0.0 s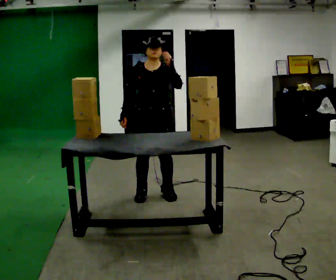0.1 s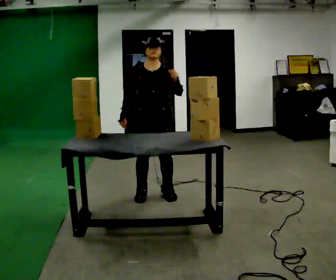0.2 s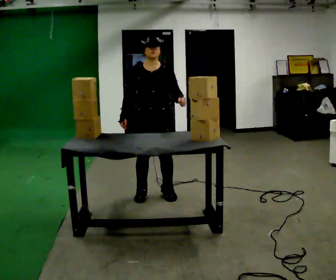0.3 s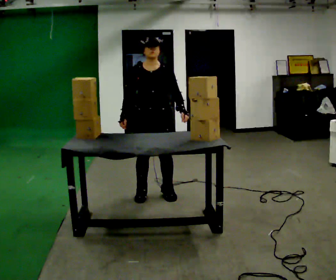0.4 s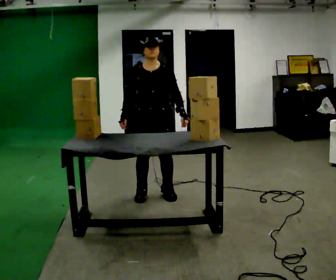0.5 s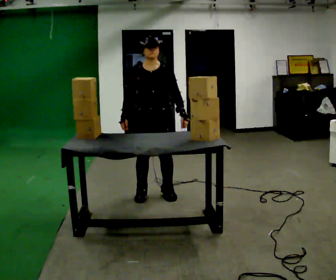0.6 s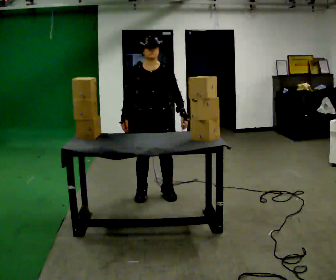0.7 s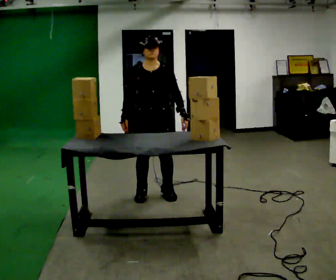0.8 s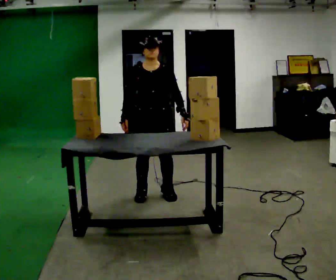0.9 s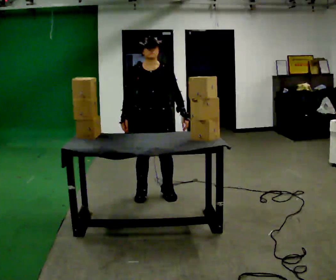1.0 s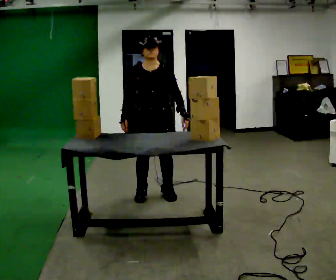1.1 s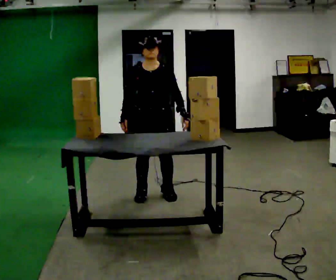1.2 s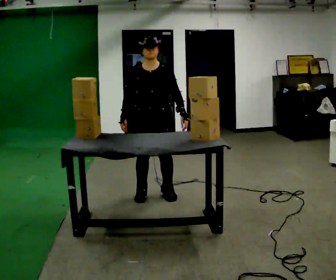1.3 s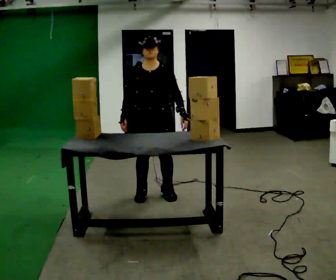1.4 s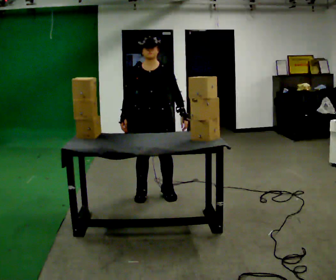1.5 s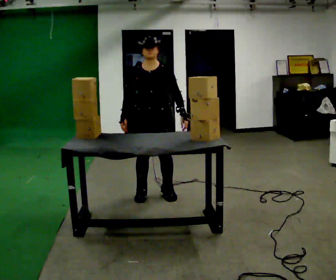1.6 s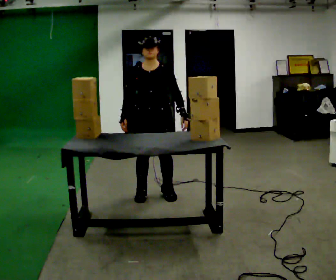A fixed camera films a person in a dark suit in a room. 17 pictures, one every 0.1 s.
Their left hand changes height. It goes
downward.
0.0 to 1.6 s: In the picture their left hand goes downward.
The film runs backward here.
